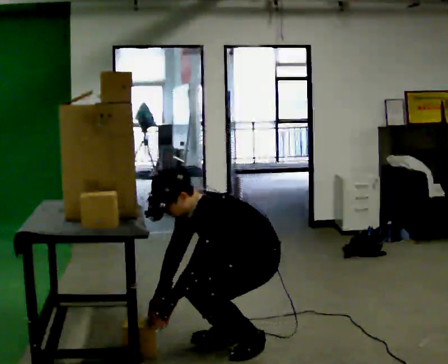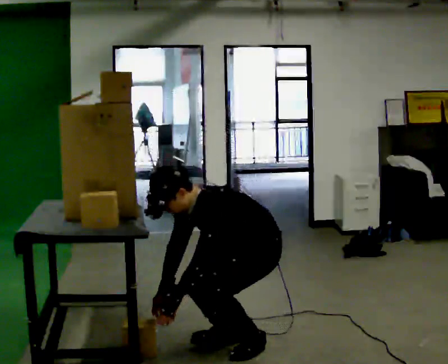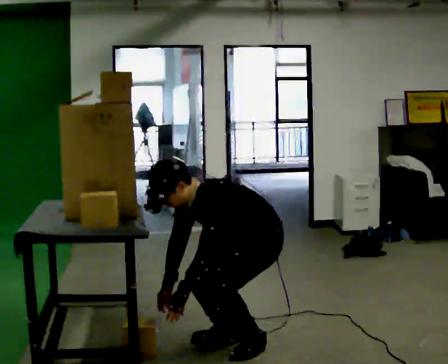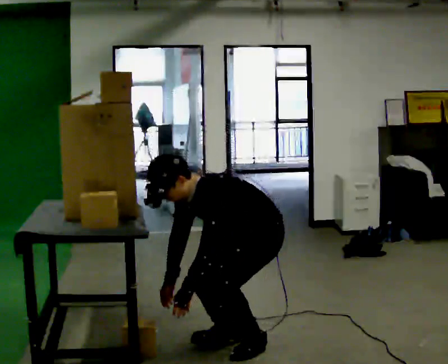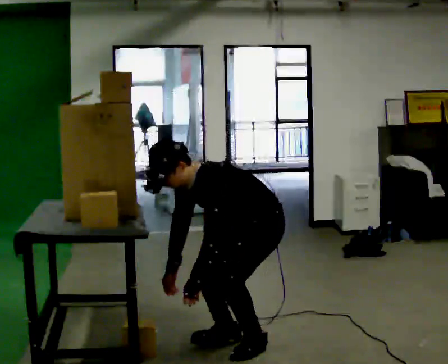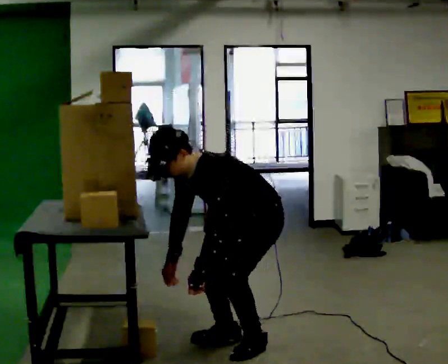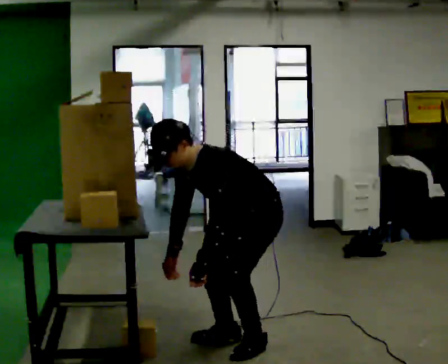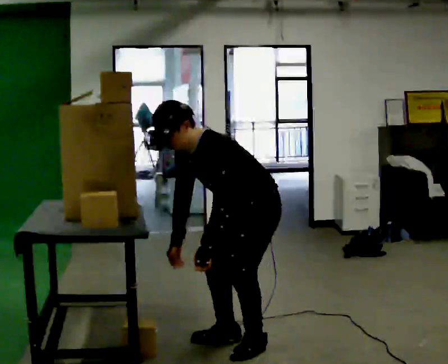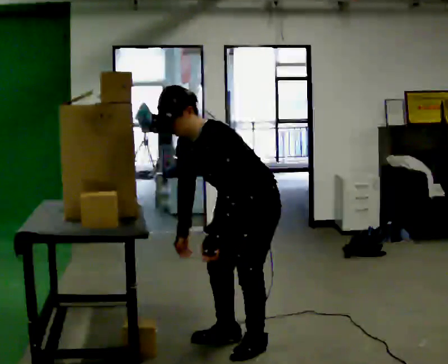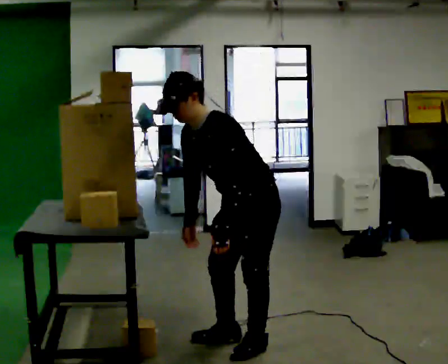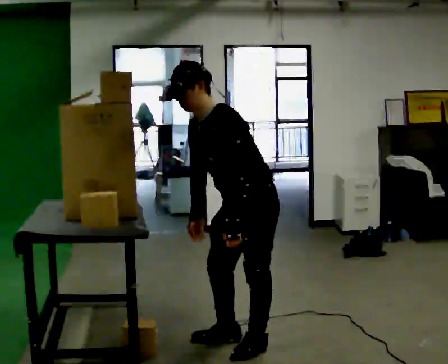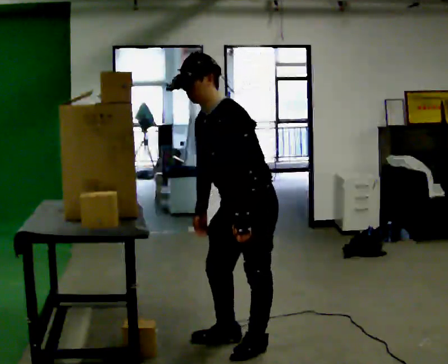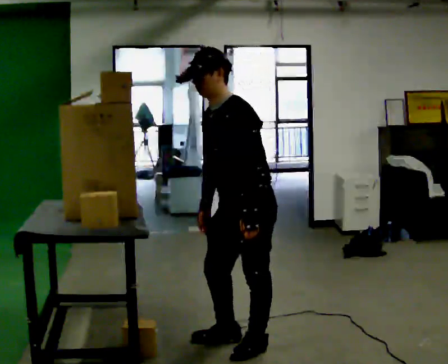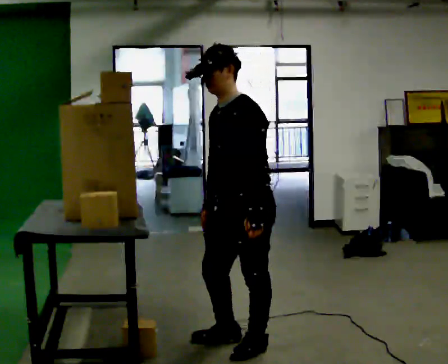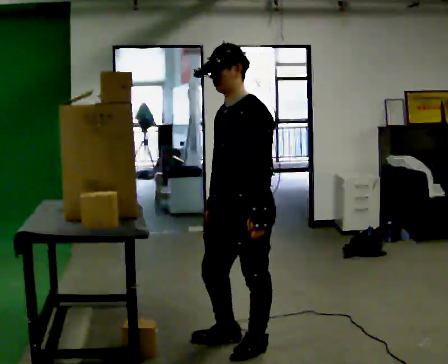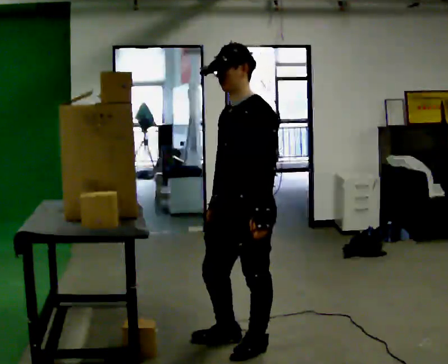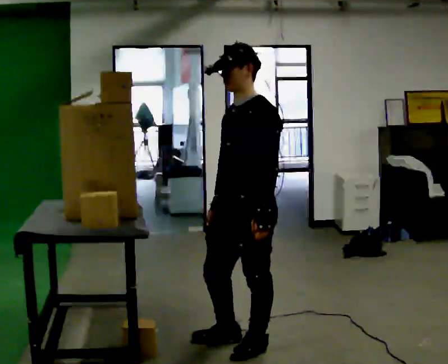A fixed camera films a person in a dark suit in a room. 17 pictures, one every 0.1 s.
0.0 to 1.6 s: In the picture they go toward the camera, about 0.25 m, which for them is forward. The shoulders move upward. In the picture the upper body tilts clockwise, shoulders to the right, as they lean back or straighten. In the picture their left hand goes upward and to the right.
The film runs backward here.
